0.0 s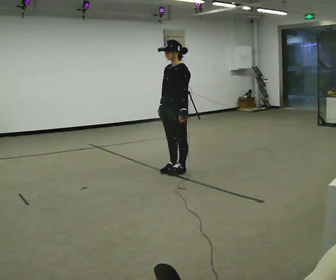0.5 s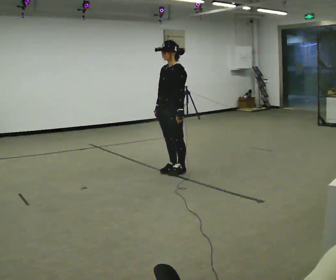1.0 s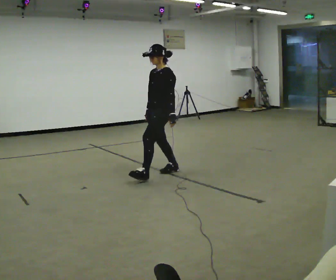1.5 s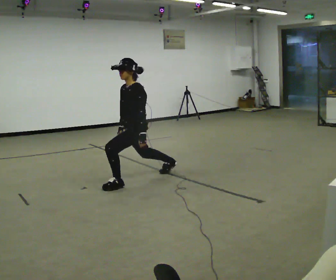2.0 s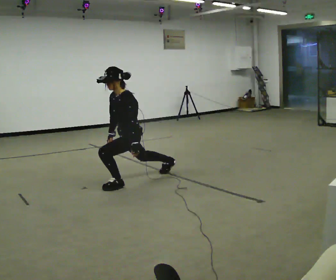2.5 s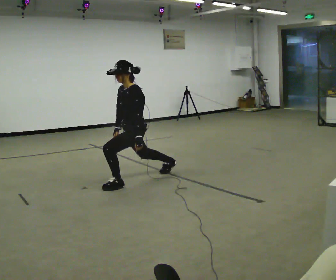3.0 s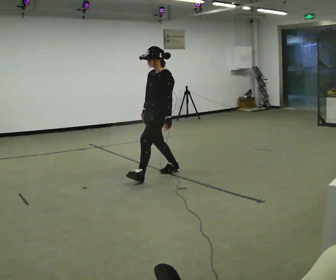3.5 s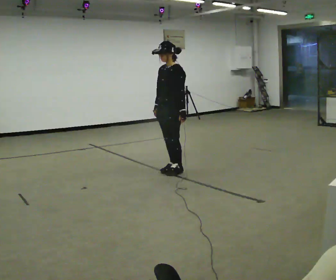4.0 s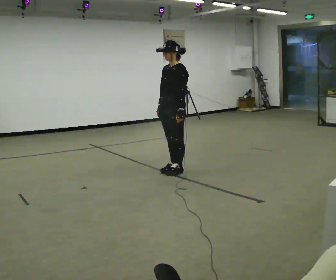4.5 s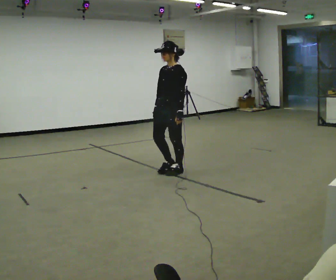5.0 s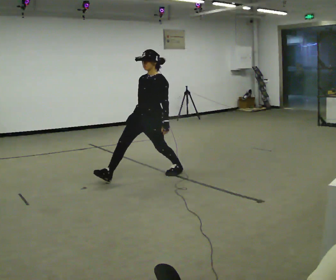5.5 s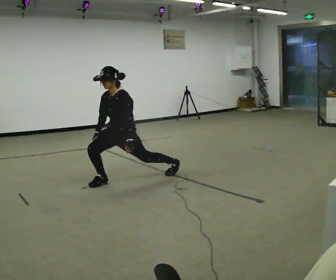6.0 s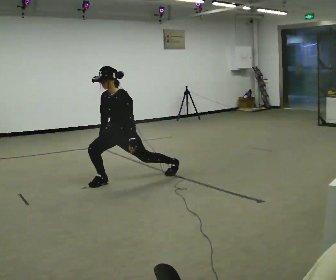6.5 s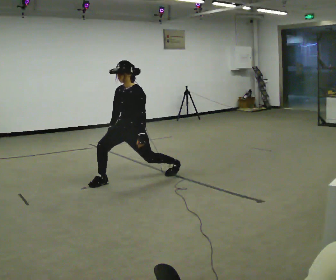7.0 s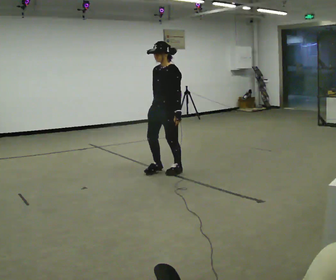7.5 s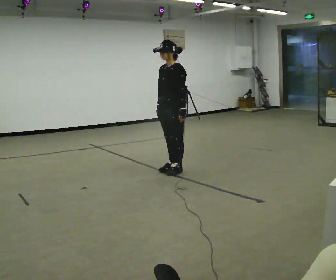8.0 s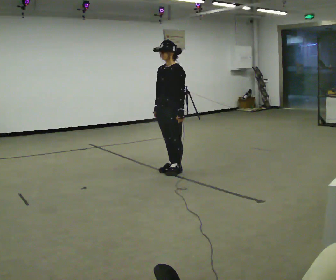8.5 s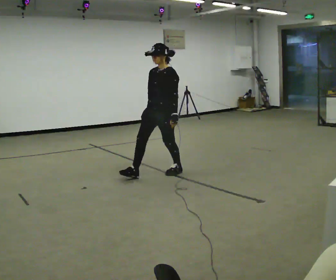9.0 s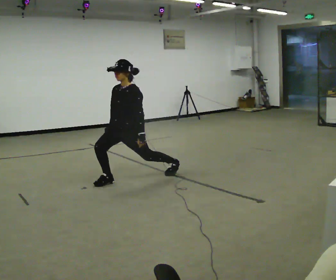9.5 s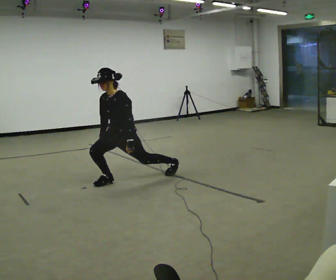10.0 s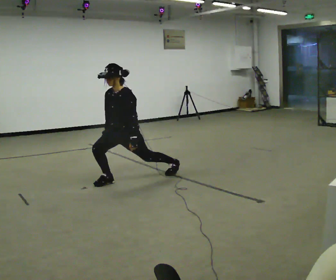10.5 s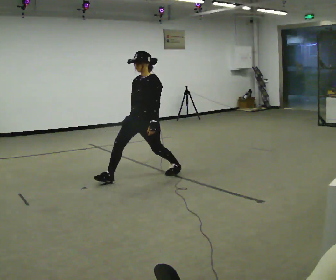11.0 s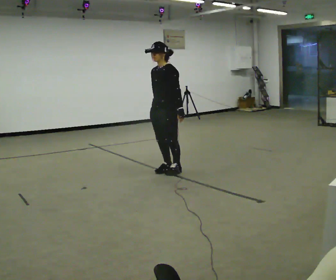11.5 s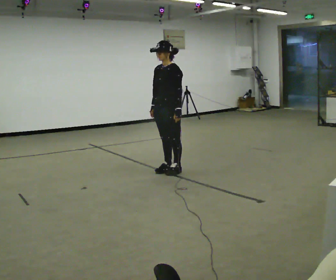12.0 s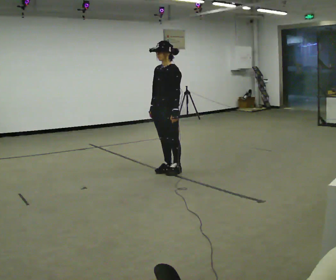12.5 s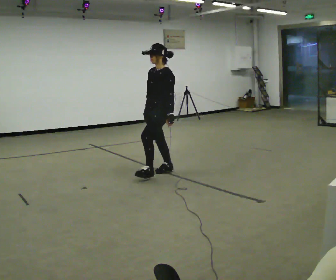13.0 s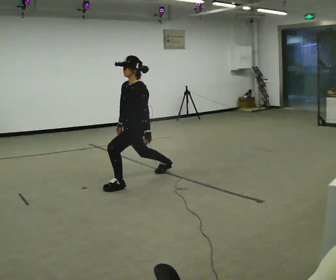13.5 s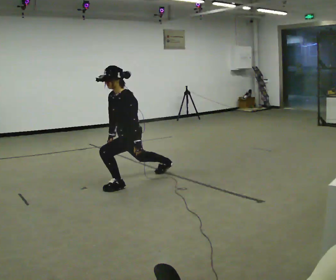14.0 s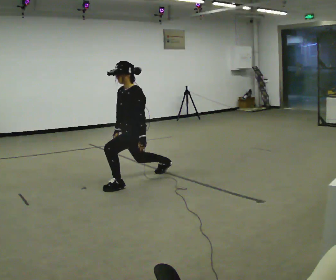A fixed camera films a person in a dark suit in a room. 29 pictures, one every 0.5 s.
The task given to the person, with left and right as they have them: Step forward into a lunge on the leg the operator calls, lowering your back knee toward the floor, then push back to standing. Then do the same stepping backward instead. Repeat the movement at your own pace until the operator says stop; do not rush.
0.0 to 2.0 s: In the picture they go to the left and toward the camera, about 0.75 m in 1 step, which for them is forward. The upper body goes downward. In the picture the upper body tilts counterclockwise, shoulders to the left.
2.0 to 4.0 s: In the picture they go to the right and away from the camera, about 0.75 m in 1 step, which for them is backward. The upper body goes upward. In the picture the upper body tilts clockwise, shoulders to the right, as they lean back or straighten.
4.0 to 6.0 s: The person turns about 30 degrees to their left, counterclockwise seen from above, so the part of the body nearest the lens slides to the right. In the picture they go to the left and toward the camera, about 0.75 m in 1 step, which for them is forward and to their right. The shoulders move downward.
6.0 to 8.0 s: In the picture they go to the right and away from the camera, about 0.75 m in 1 step, which for them is backward. The upper body goes upward.
8.0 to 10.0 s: In the picture they go to the left and toward the camera, about 0.5 m in 1 step, which for them is forward and to their right. The upper body goes downward.
10.0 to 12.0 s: In the picture they go to the right and away from the camera, about 0.5 m in 1 step, which for them is backward. The shoulders move upward.
12.0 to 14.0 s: In the picture they go toward the camera and to the left, about 0.5 m in 1 step, which for them is forward. The shoulders move downward.
The film runs forward here.
